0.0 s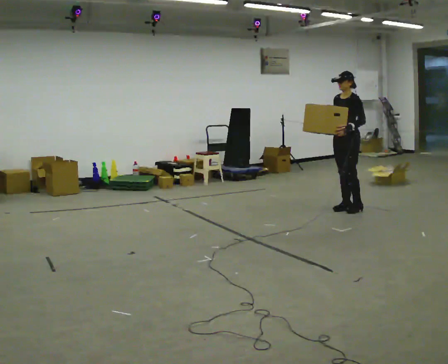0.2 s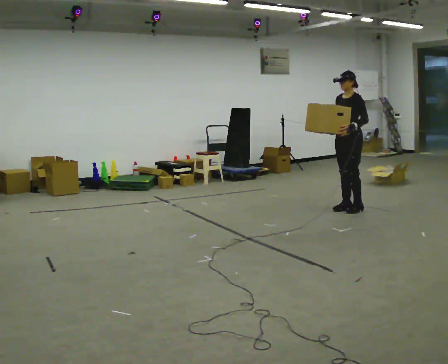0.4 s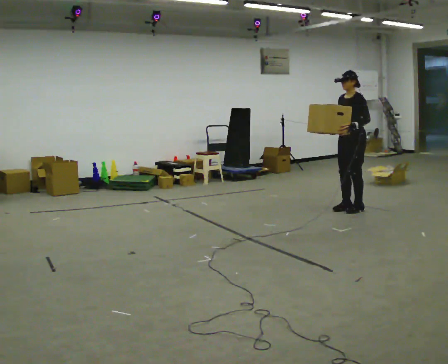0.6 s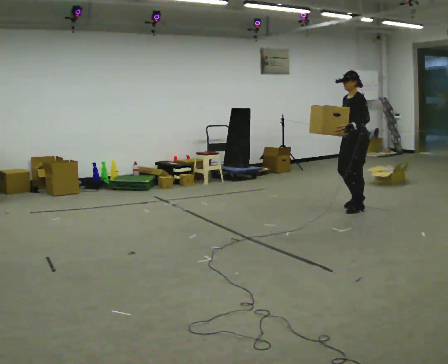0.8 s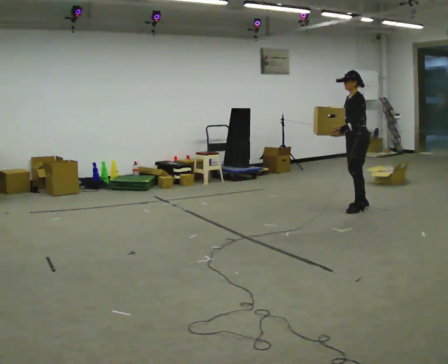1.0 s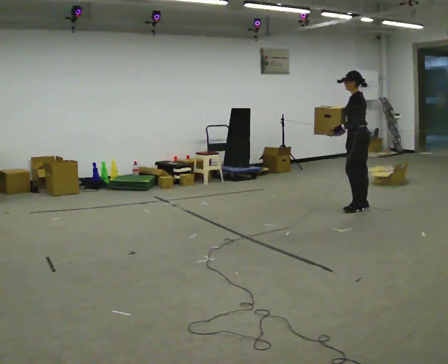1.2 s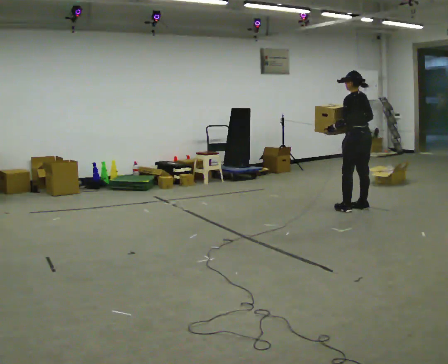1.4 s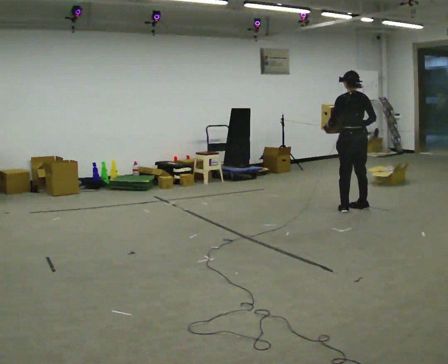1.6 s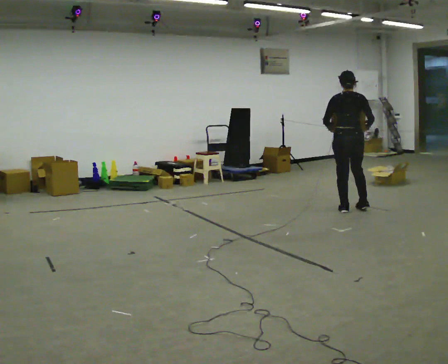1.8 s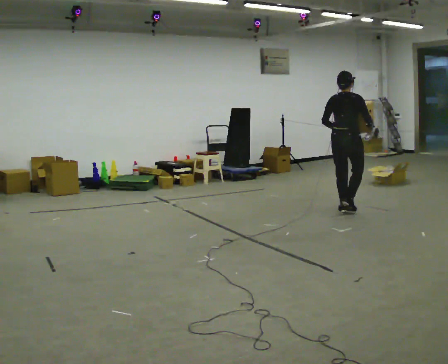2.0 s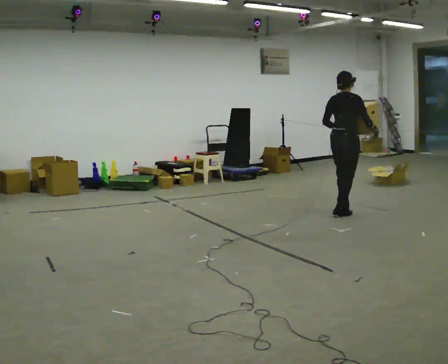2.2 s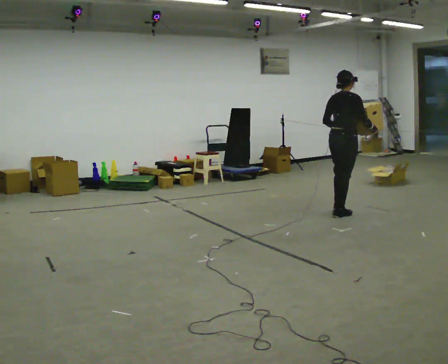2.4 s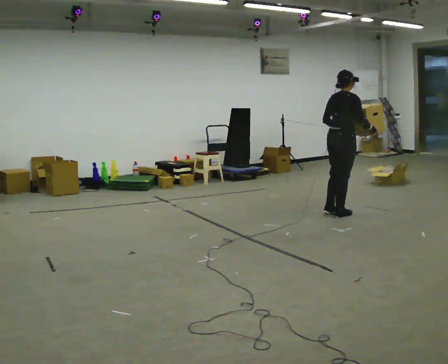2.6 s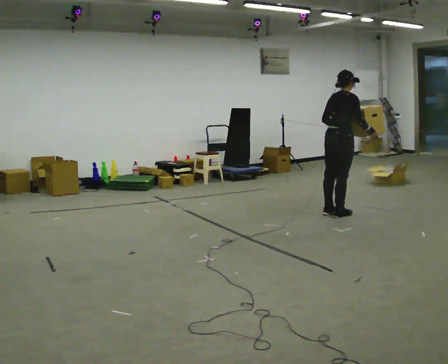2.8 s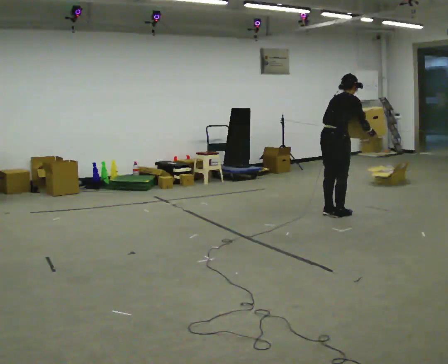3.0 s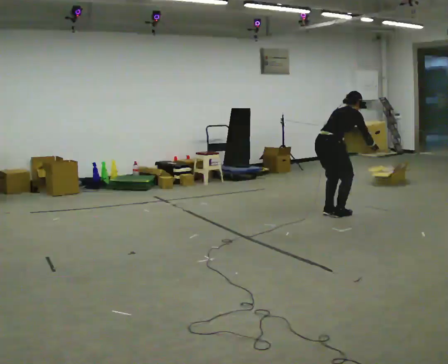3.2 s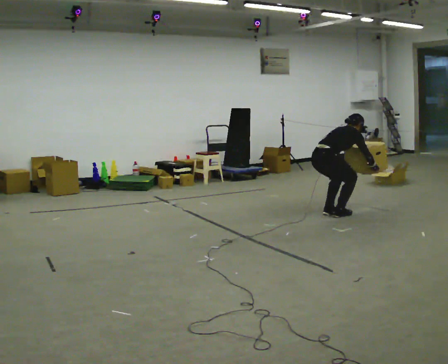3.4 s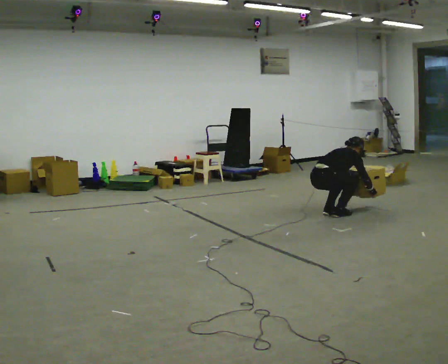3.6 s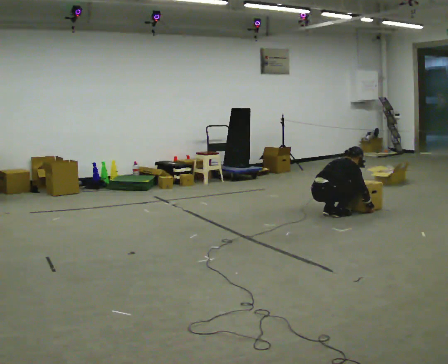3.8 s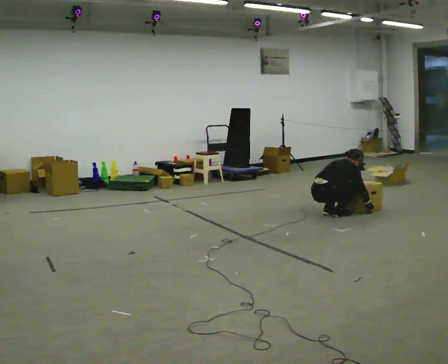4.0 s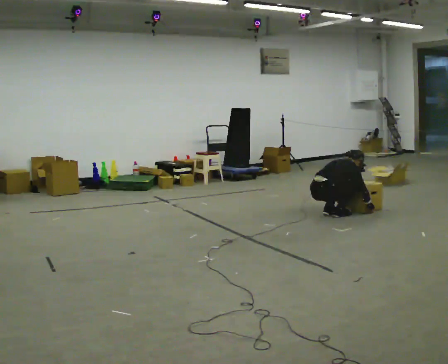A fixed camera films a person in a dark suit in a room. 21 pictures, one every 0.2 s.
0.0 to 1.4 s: The person turns about 105 degrees to their right, clockwise seen from above, so the part of the body nearest the lens slides to the left. In the picture their right hand goes to the right, the arm swinging counterclockwise.
1.4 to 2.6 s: The part of the body nearest the lens slides to the left as the person turns to their right by about 75 degrees. In the picture they go toward the camera and to the left, about 0.25 m in 2 steps.
2.6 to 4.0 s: In the picture they go to the left, about 0.25 m, which for them is backward. The shoulders move downward. The upper body tips away from the camera, its near side rolling upward, as they bend forward. In the picture their right hand goes downward.
The film runs backward here.
